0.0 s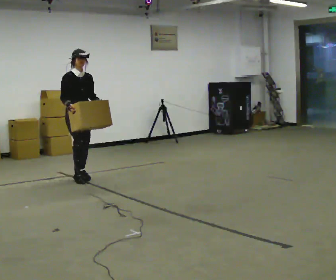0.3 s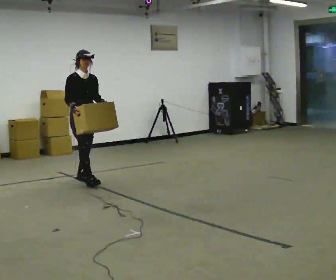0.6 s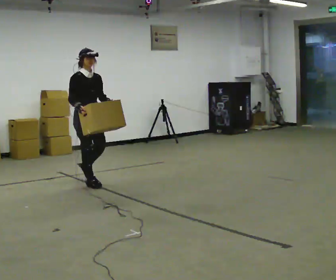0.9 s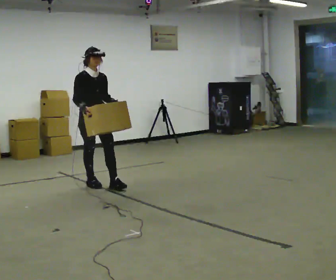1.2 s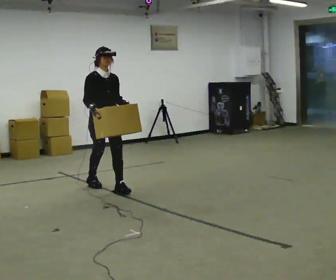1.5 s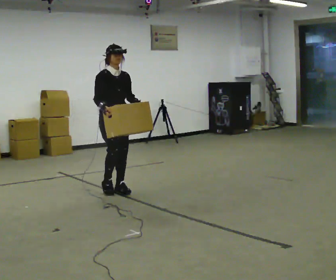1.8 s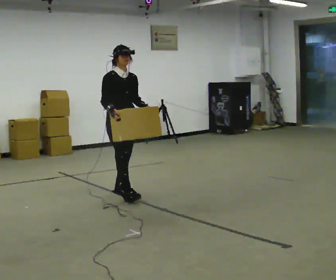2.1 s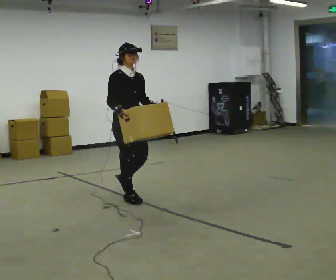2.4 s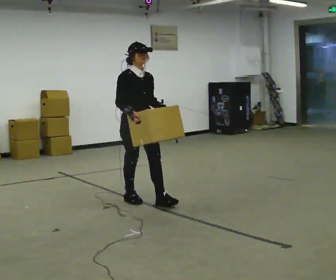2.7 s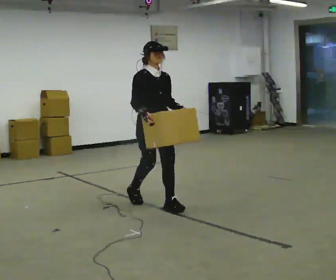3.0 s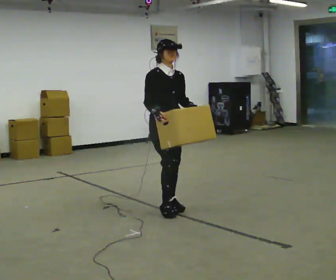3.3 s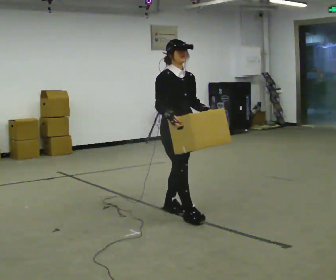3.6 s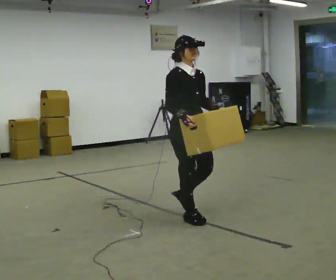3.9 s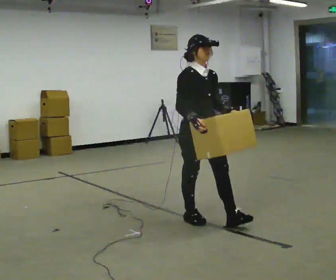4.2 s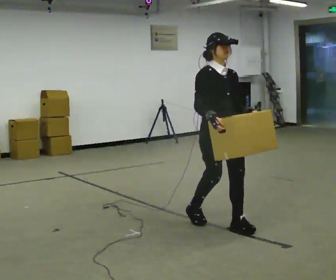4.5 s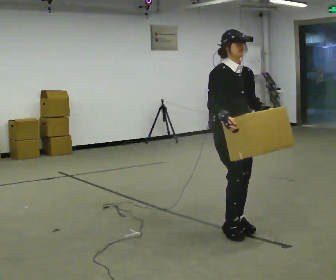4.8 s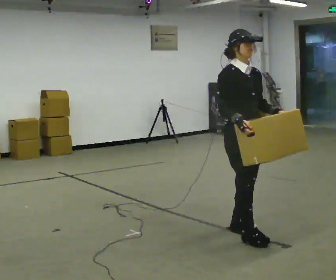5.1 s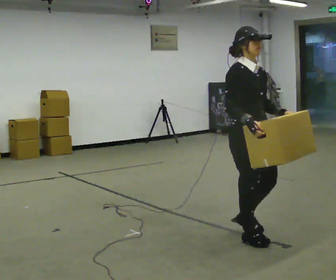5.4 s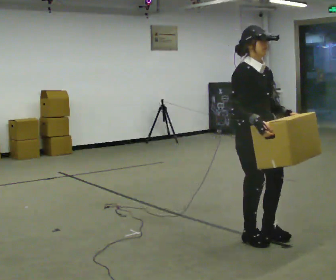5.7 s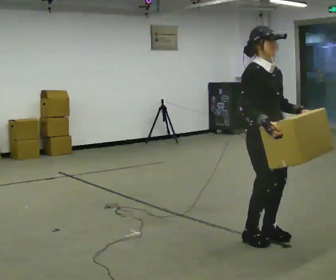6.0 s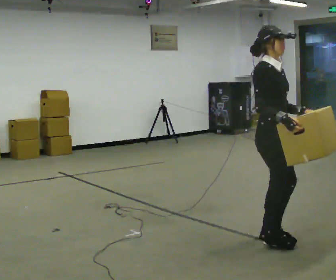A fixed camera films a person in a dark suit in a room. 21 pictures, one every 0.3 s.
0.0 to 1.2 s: In the picture they go toward the camera and to the right, about 0.75 m in 2 steps, which for them is forward.
1.2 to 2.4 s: In the picture they go toward the camera and to the right, about 0.5 m in 1 step, which for them is forward.
2.4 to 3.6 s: In the picture they go toward the camera and to the right, about 1 m in 2 steps, which for them is forward.
3.6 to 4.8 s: In the picture they go toward the camera and to the right, about 0.75 m in 2 steps, which for them is forward.
4.8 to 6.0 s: The person turns about 30 degrees to their left, counterclockwise seen from above, so the part of the body nearest the lens slides to the right. In the picture they go to the right and toward the camera, about 0.25 m in 1 step, which for them is forward.
The film runs forward here.
